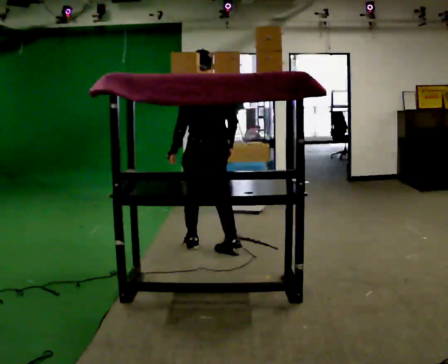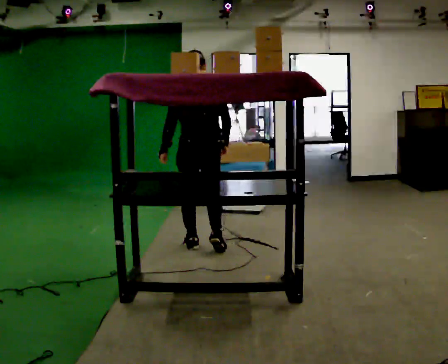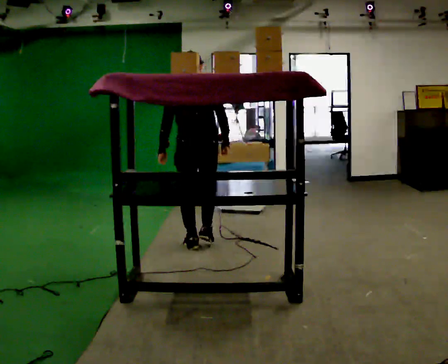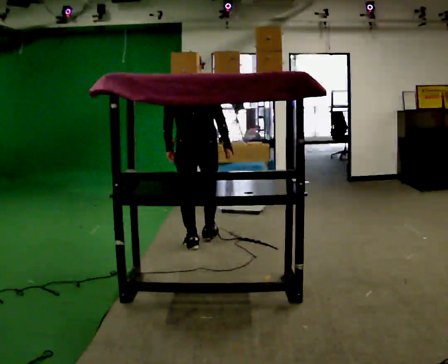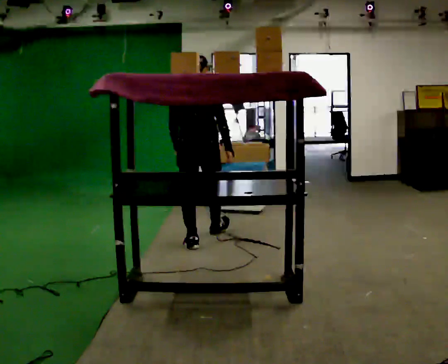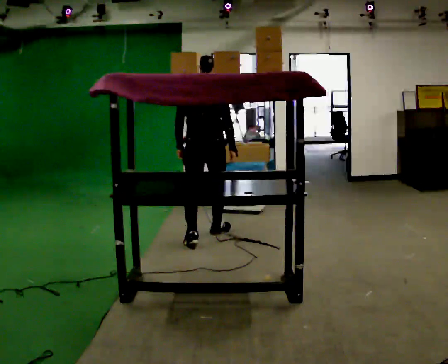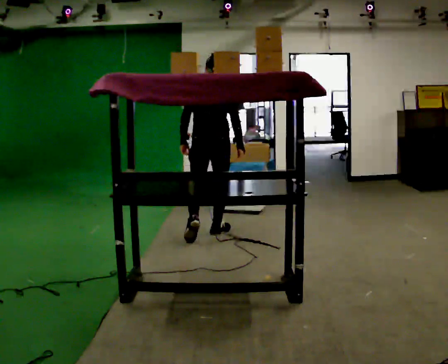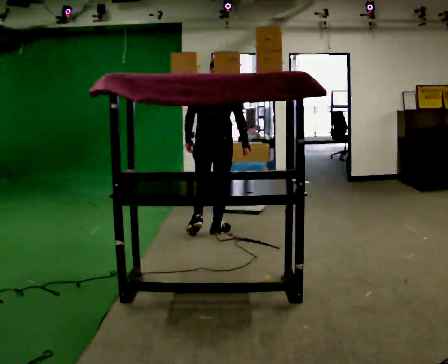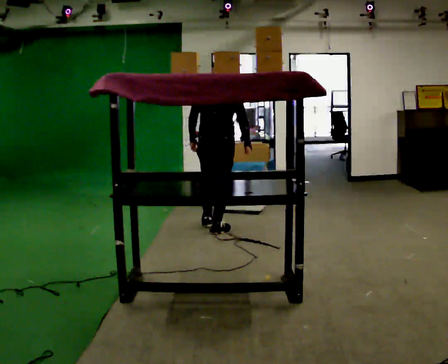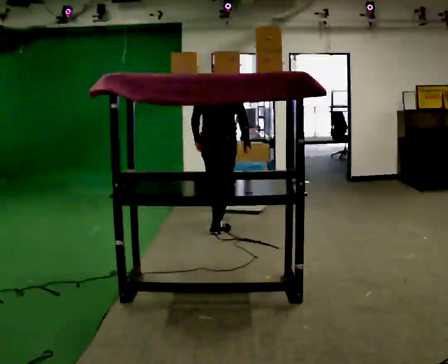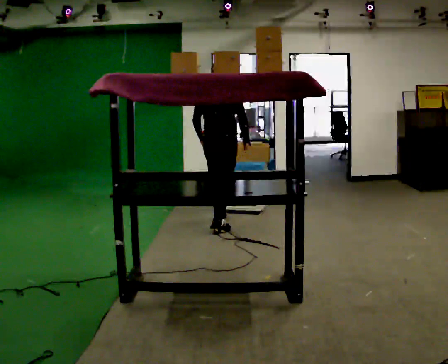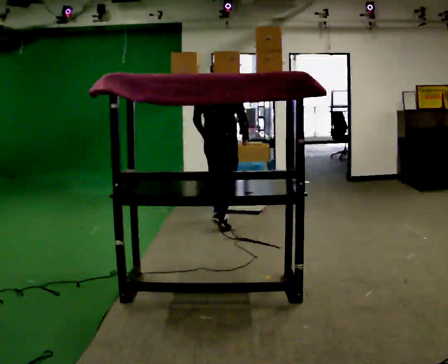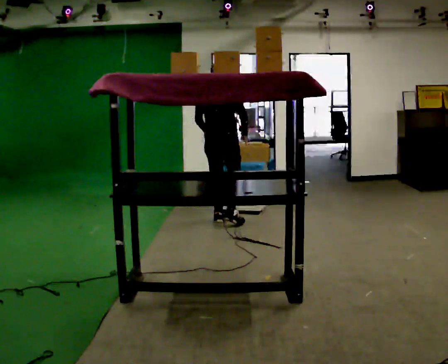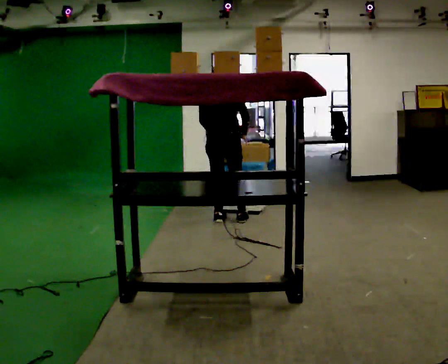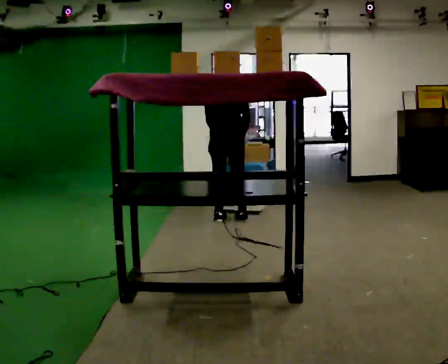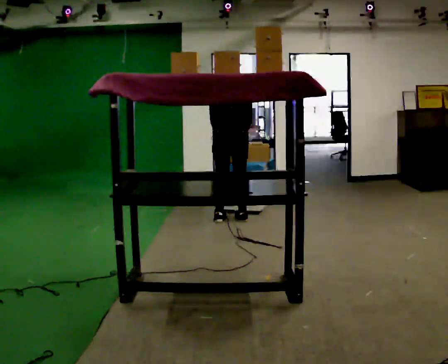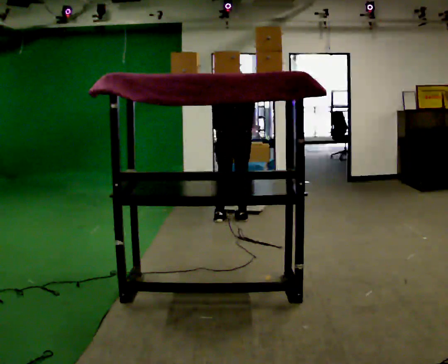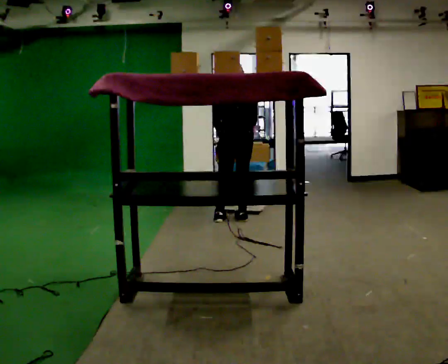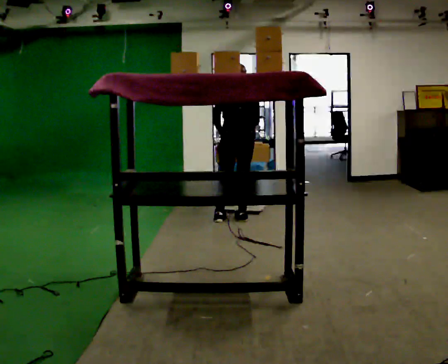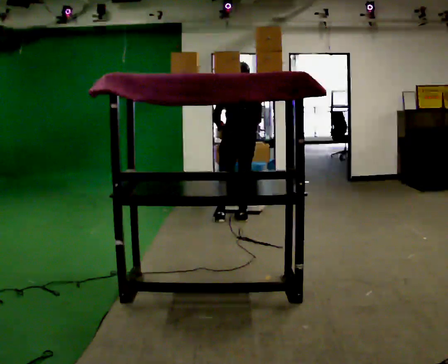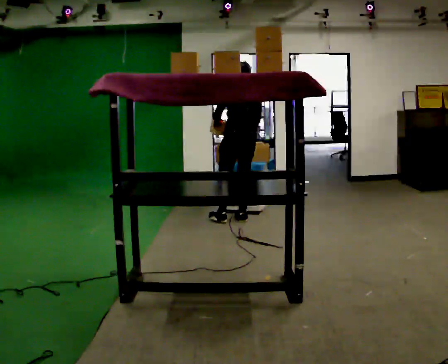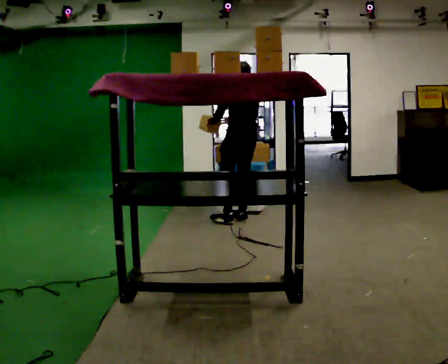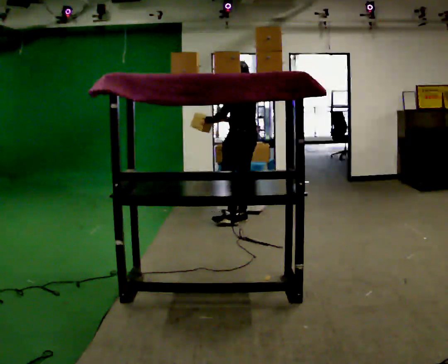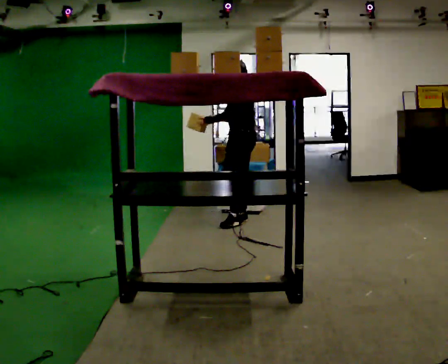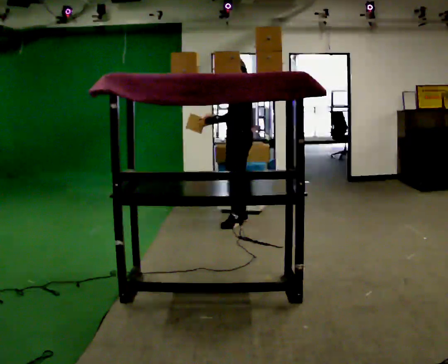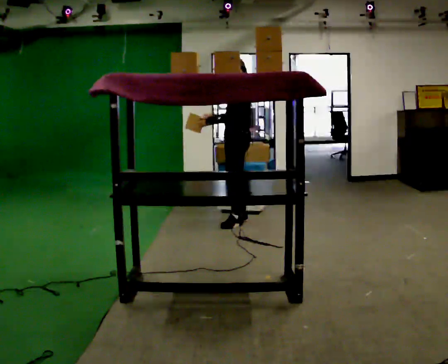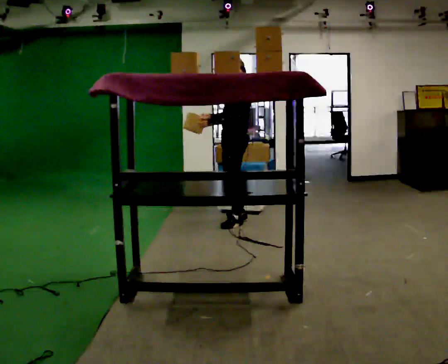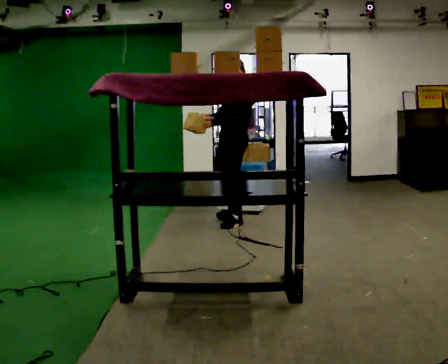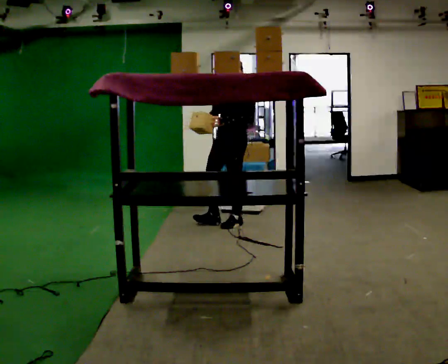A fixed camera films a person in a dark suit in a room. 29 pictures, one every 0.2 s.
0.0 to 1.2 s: The part of the body nearest the lens slides to the left as the person turns to their right by about 30 degrees. In the picture they go away from the camera, about 0.5 m in 1 step, which for them is forward.
1.2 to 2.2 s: In the picture they go away from the camera, about 0.5 m in 1 step, which for them is forward.
2.2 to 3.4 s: Seen from above the body turns counterclockwise, about 30 degrees: to their left, with its near side sliding to the right. In the picture they go to the right, about 0.25 m in 1 step, which for them is to their right and forward. The upper body tips away from the camera, its near side rolling upward, as they bend forward.
3.4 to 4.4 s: The person turns about 45 degrees to their left, counterclockwise seen from above, so the part of the body nearest the lens slides to the right.
4.4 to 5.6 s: The part of the body nearest the lens slides to the right as the person turns to their left by about 75 degrees. In the picture they go toward the camera, about 0.25 m.
The film runs forward here.
